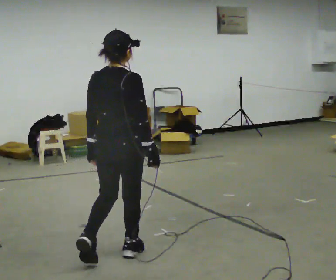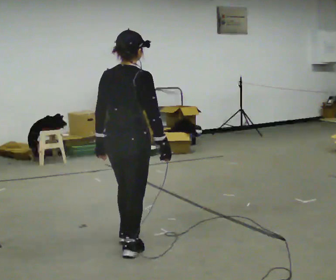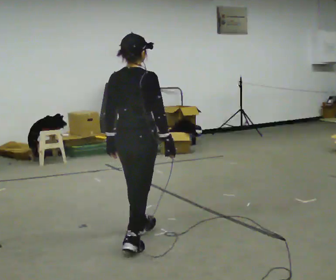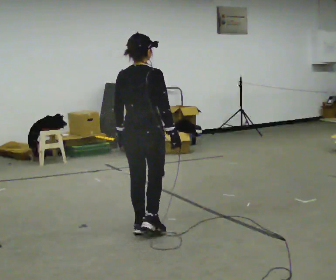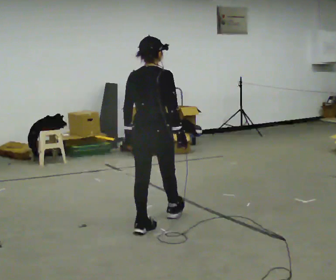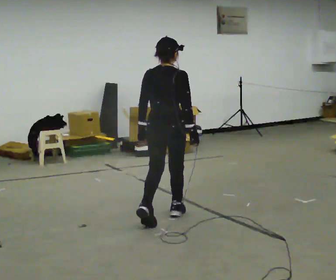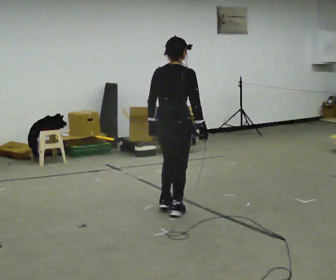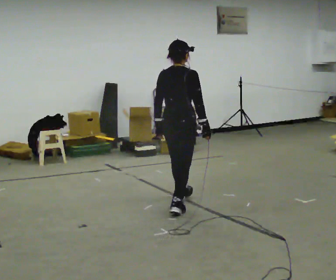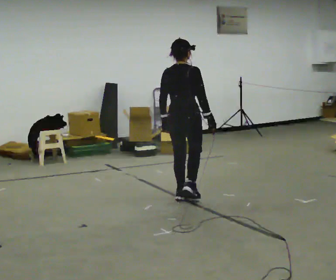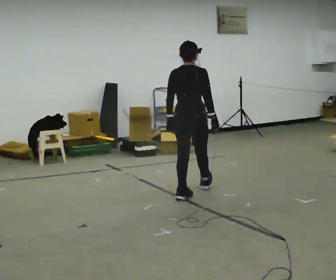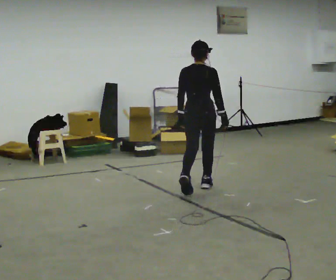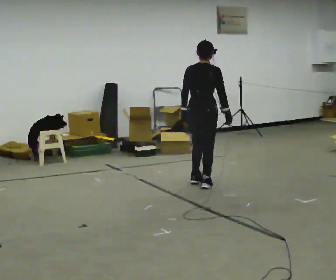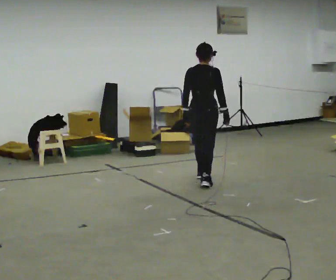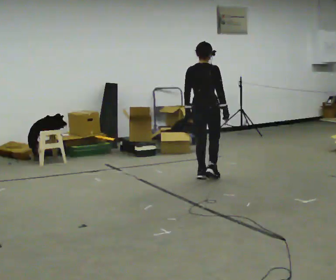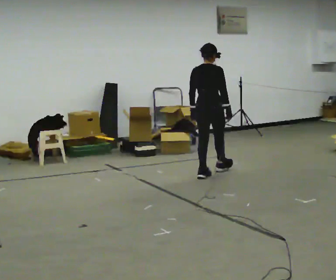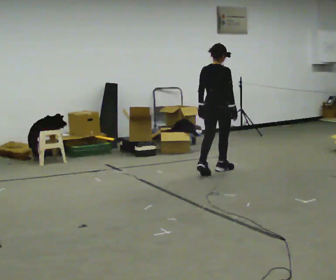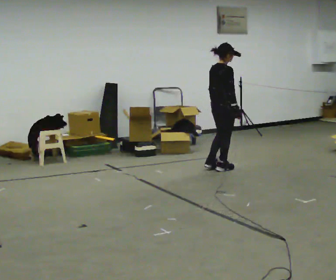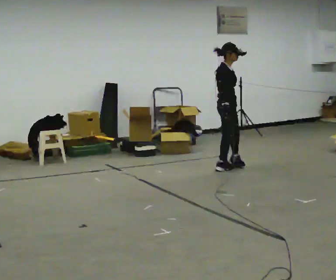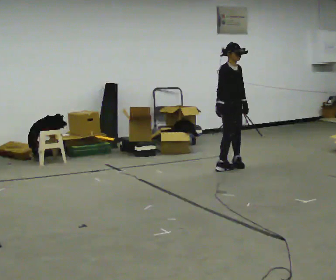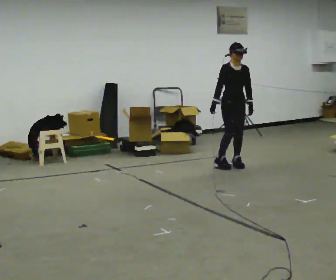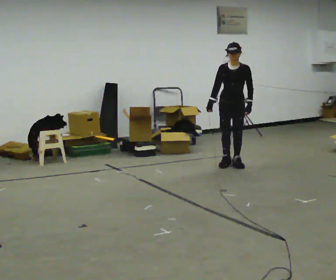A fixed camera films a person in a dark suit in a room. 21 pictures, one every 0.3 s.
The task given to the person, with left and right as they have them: Walk forward while moving diagonally left/right; finish ~45° from start direction.
0.0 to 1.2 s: In the picture they go away from the camera, about 0.5 m in 1 step, which for them is forward.
1.2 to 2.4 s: In the picture they go away from the camera, about 1 m in 2 steps, which for them is forward.
2.4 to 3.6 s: In the picture they go away from the camera, about 1 m in 2 steps, which for them is forward.
3.6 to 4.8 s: Seen from above the body turns clockwise, about 30 degrees: to their right, with its near side sliding to the left. In the picture they go away from the camera, about 0.5 m in 1 step, which for them is forward.
4.8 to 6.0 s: Seen from above the body turns clockwise, about 135 degrees: to their right, with its near side sliding to the left. In the picture they go away from the camera and to the right, about 0.25 m in 2 steps.
The film runs forward here.
